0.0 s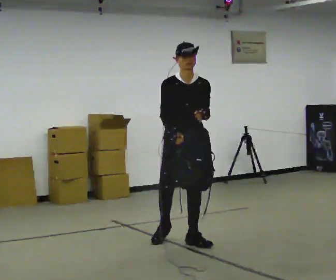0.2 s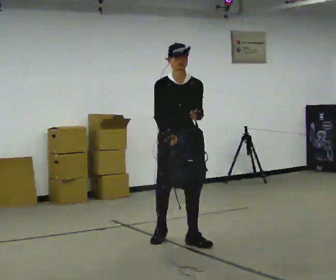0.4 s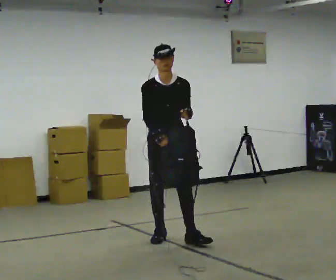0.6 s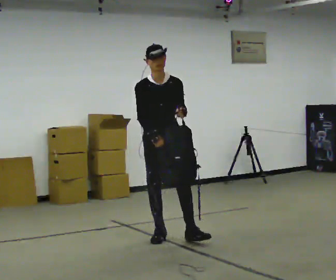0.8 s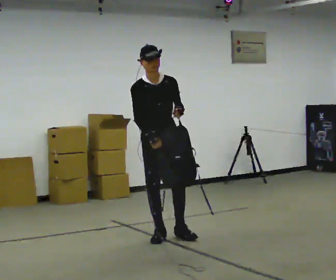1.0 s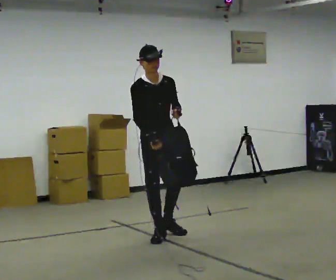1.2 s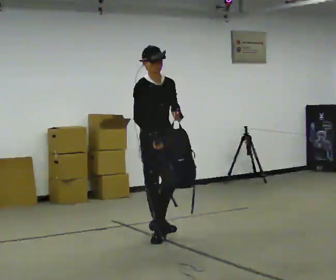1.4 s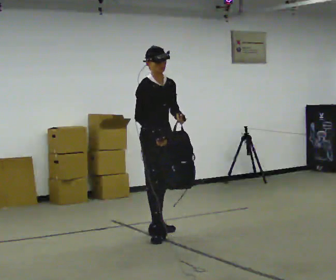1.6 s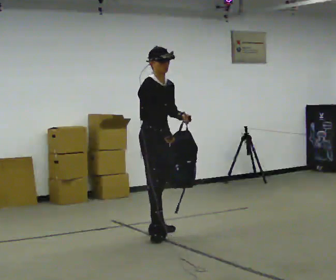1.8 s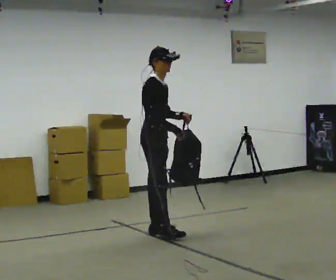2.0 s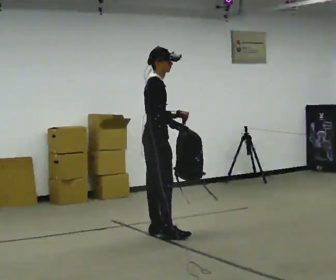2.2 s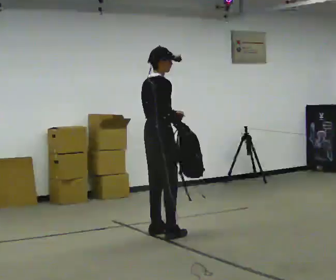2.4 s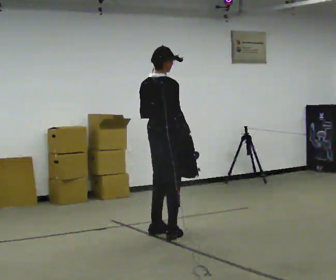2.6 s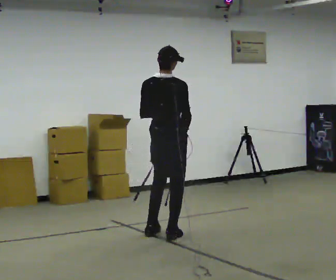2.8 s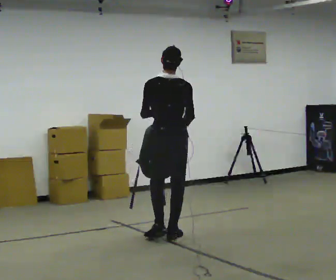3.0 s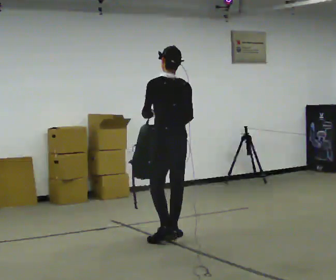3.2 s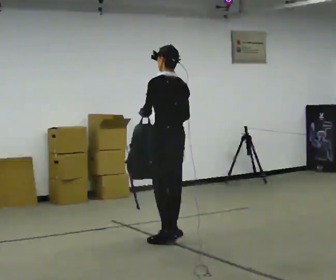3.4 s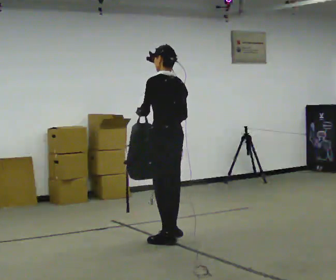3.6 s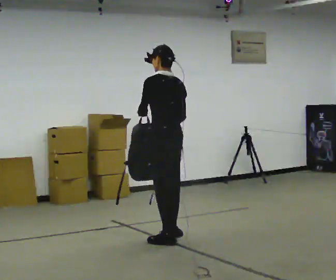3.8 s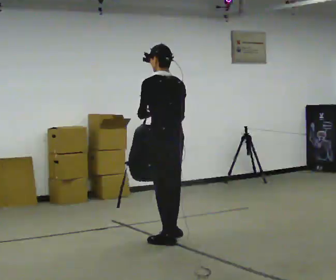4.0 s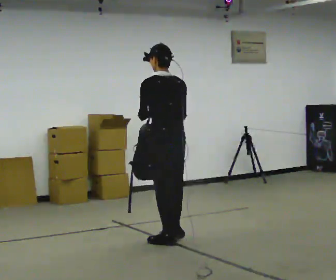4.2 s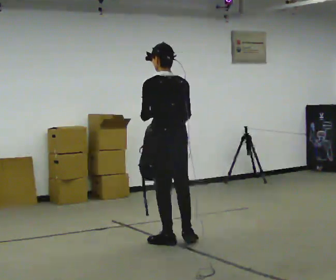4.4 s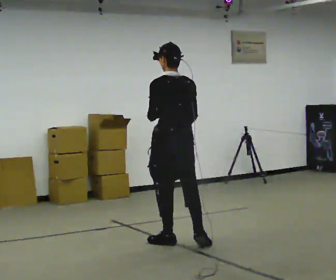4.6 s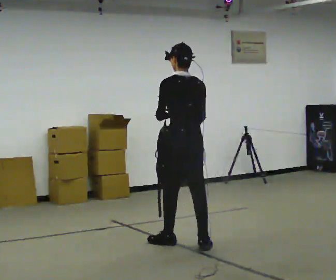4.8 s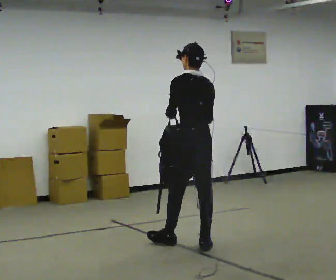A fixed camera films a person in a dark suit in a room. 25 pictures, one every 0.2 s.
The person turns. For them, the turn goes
to their left.
The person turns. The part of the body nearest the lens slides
to the right.
0.0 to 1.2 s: In the picture they go away from the camera and to the left, about 0.25 m in 1 step, which for them is backward and to their right.
1.2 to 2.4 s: Seen from above the body turns counterclockwise, about 105 degrees: to their left, with its near side sliding to the right.
2.4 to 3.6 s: The part of the body nearest the lens slides to the right as the person turns to their left by about 75 degrees. In the picture they go toward the camera, about 0.25 m in 1 step.
3.6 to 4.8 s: In the picture they go toward the camera and to the right, about 0.25 m in 2 steps, which for them is backward.
The film runs backward here.
